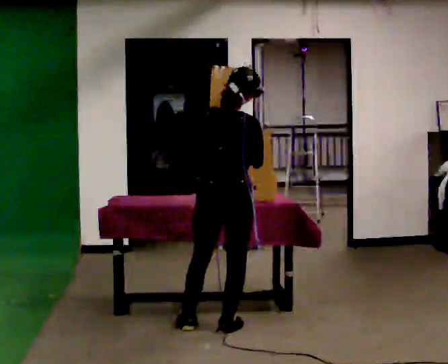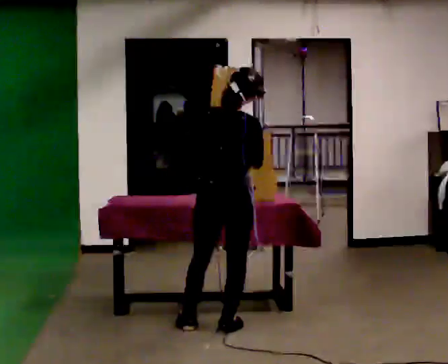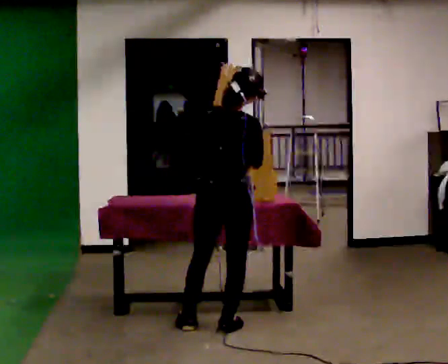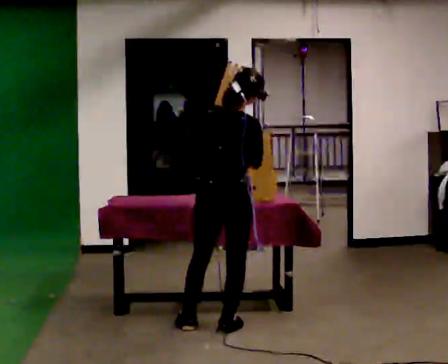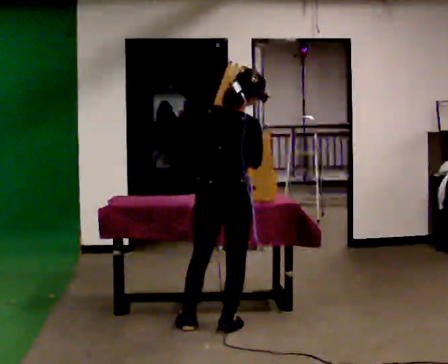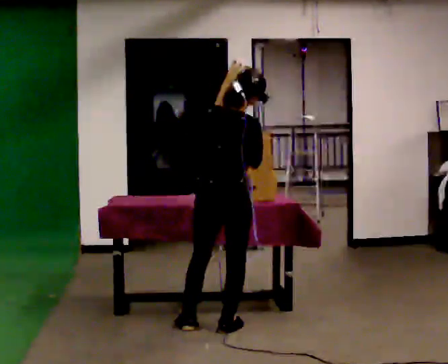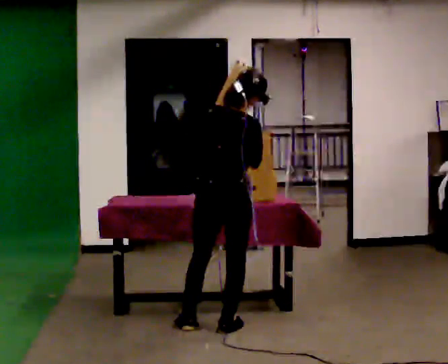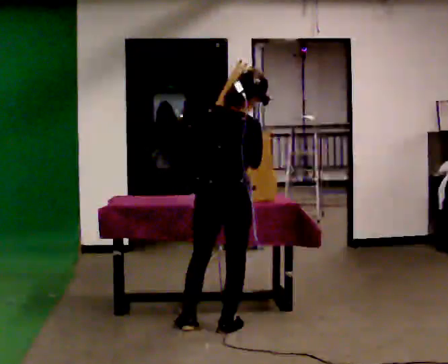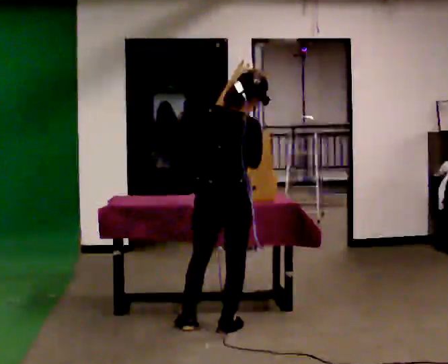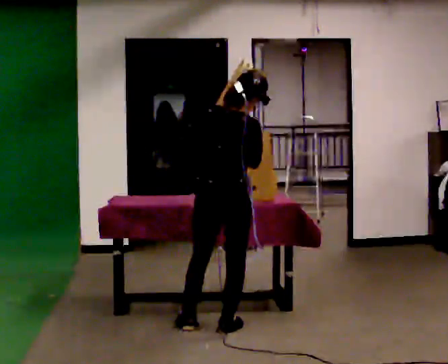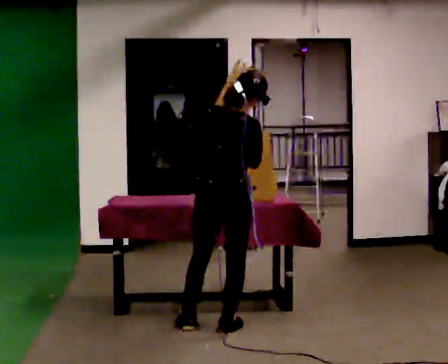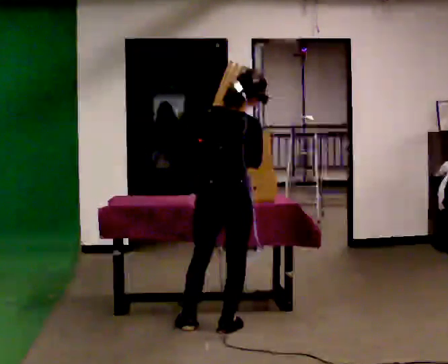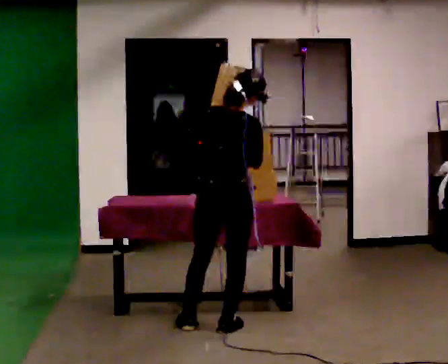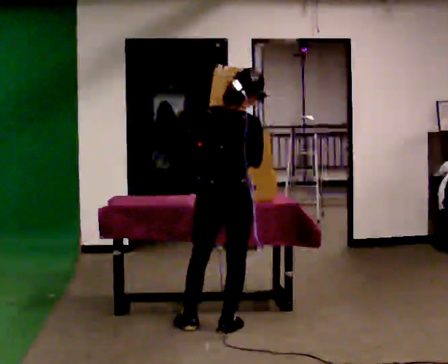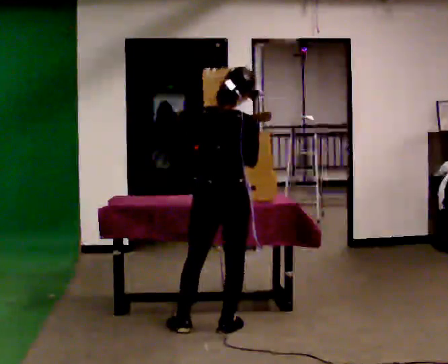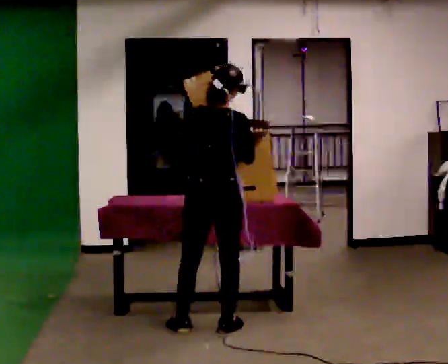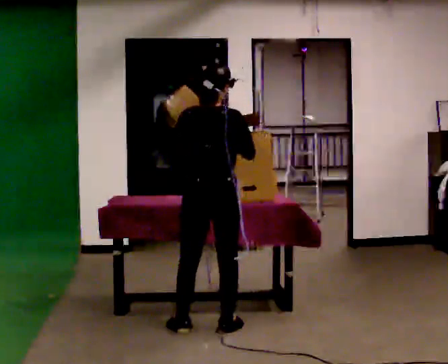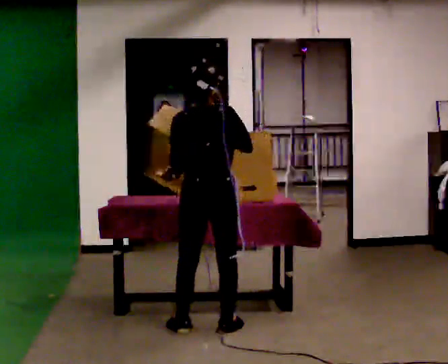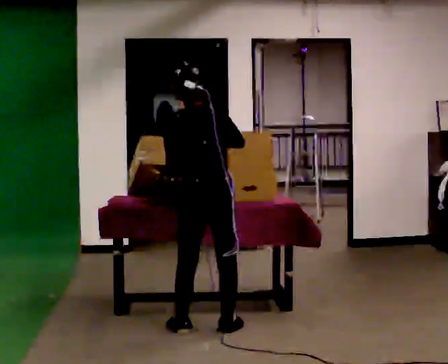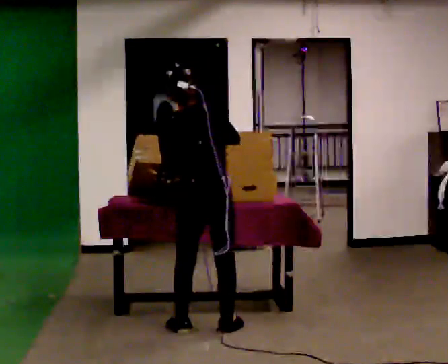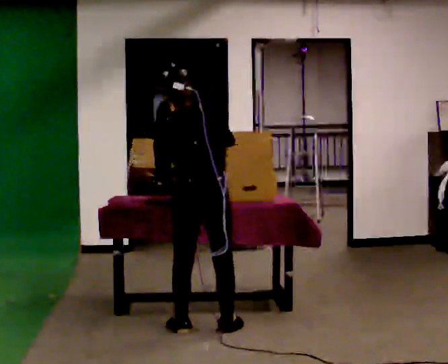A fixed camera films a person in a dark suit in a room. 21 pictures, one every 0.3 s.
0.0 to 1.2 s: The person moves a little, or ends about where they began.
1.2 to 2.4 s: The person keeps their place and pose.
2.4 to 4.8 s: The person moves a little, or ends about where they began.
4.8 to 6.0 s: In the picture the upper body tilts counterclockwise, shoulders to the left.
The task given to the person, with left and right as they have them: Pour the contents from one container into the other, then pour them back. Repeat at your own pace until the operator says stop. Keep both feet on the marked spots for the whole take. If you have to step, stop and tell the operator.
The film runs forward here.
